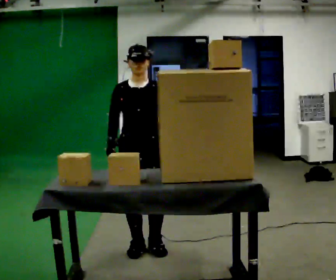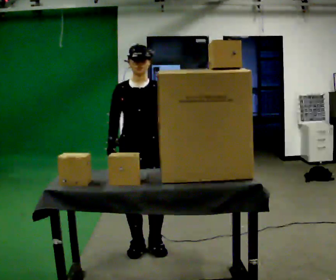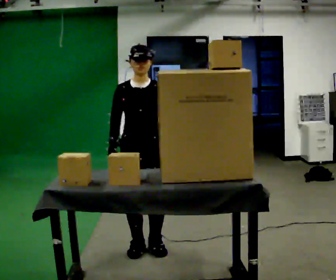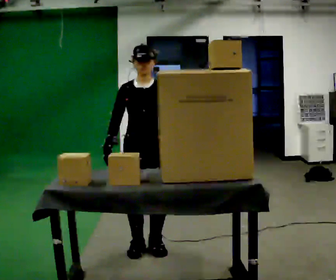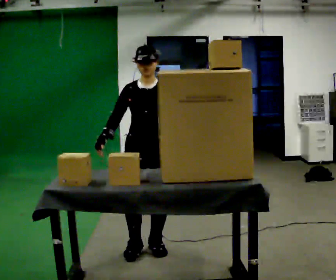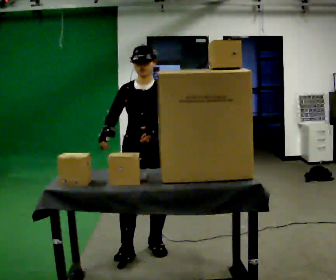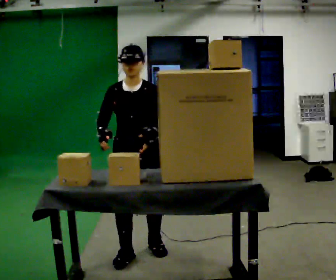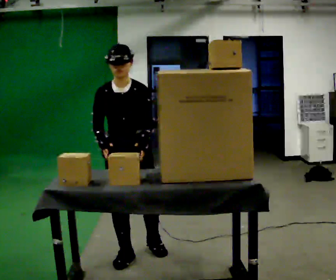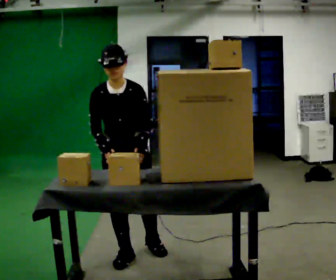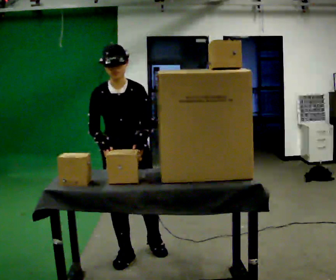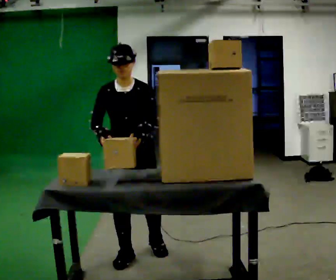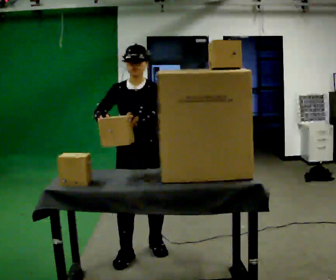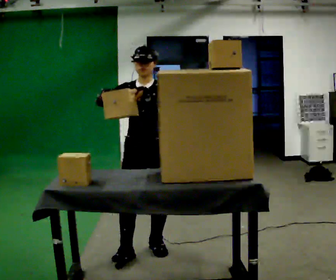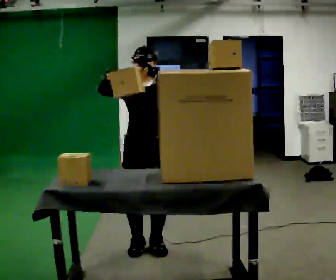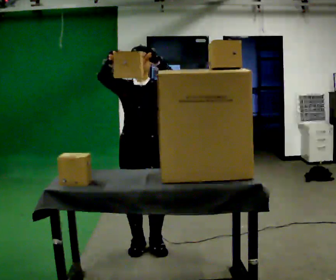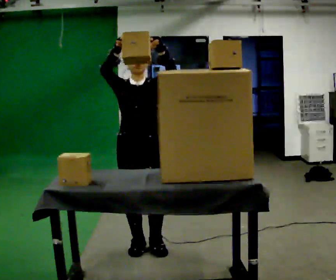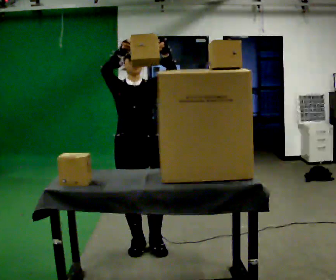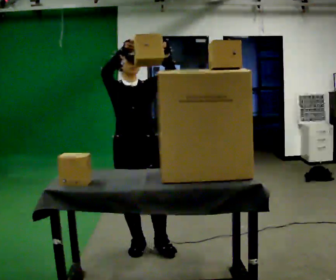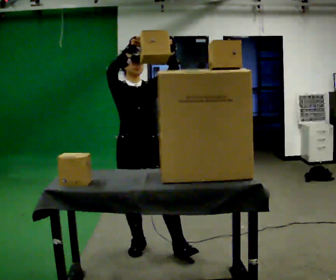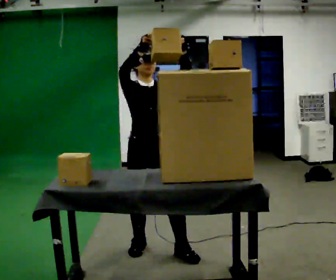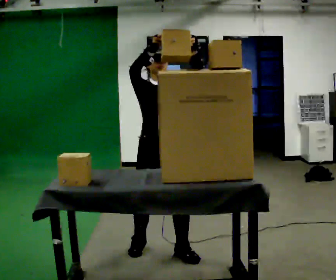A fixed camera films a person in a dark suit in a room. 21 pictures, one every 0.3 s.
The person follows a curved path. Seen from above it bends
counterclockwise.
Their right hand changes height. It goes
upward.
0.0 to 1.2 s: The person moves a little, or ends about where they began.
1.2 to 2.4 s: In the picture they go to the left and toward the camera, about 0.25 m in 1 step, which for them is forward and to their right. The upper body tips toward the camera, its near side rolling downward, as they bend forward.
2.4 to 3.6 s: In the picture they go to the right, about 0.25 m, which for them is to their left and backward. The upper body tips away from the camera, its near side rolling upward, as they lean back or straighten. In the picture their right hand goes upward.
3.6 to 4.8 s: The person moves a little, or ends about where they began.
4.8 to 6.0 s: In the picture they go to the right, about 0.25 m in 1 step, which for them is to their left and forward.
The film runs forward here.
